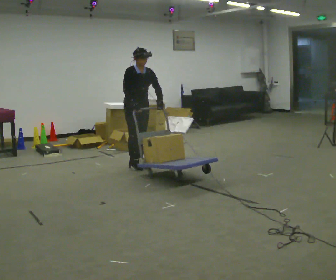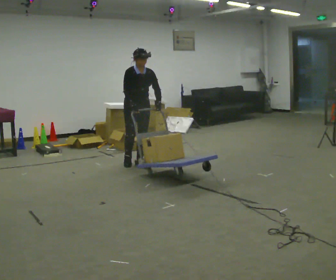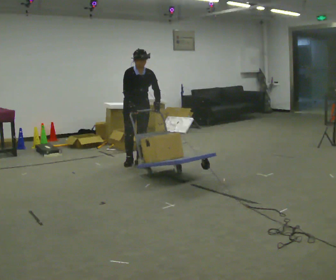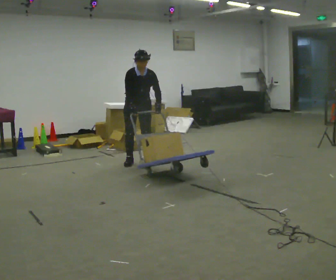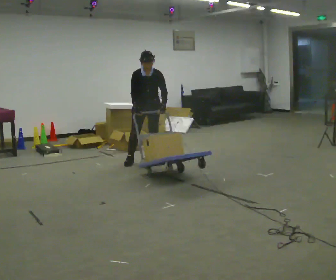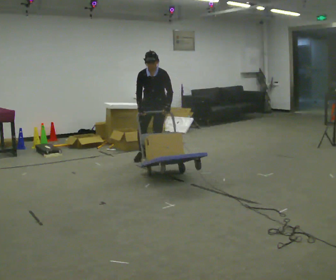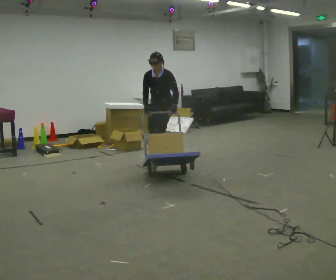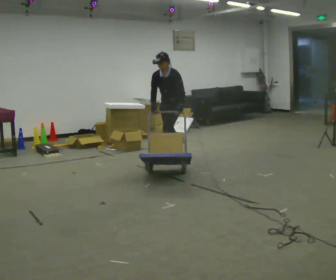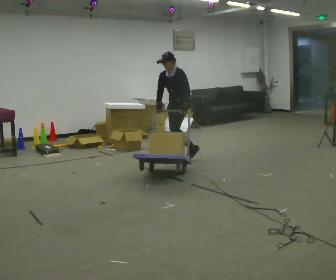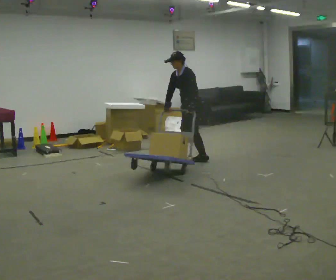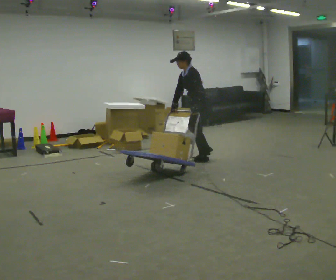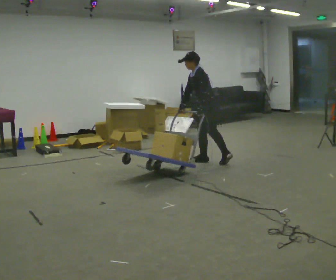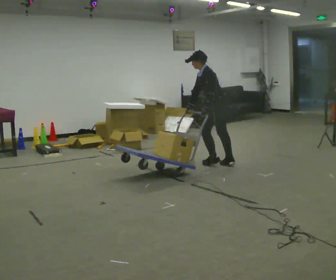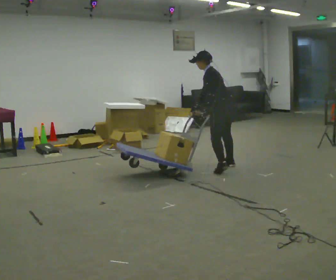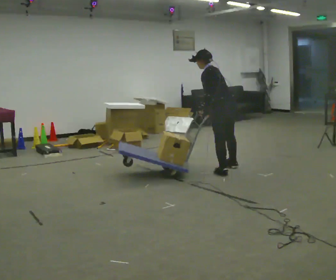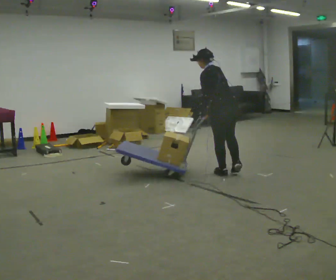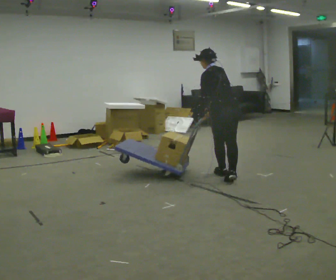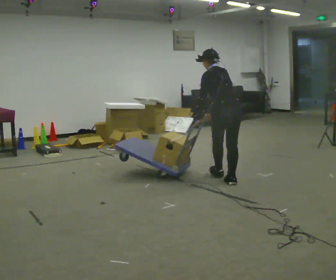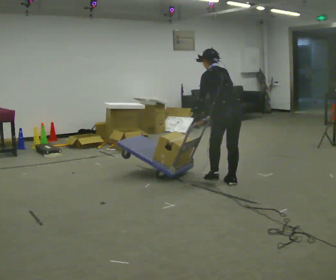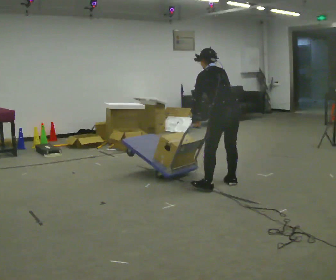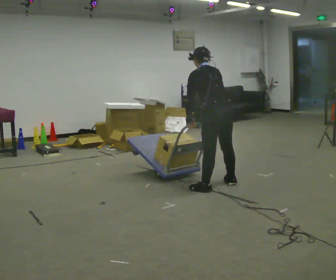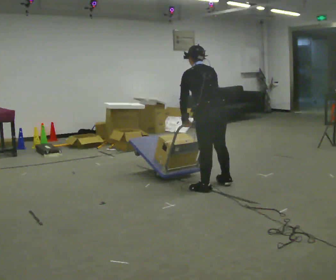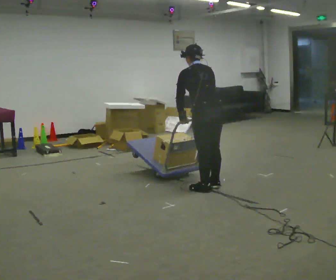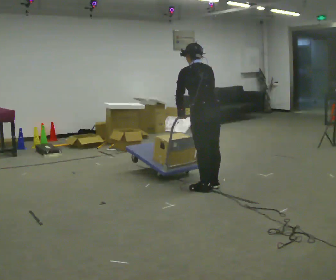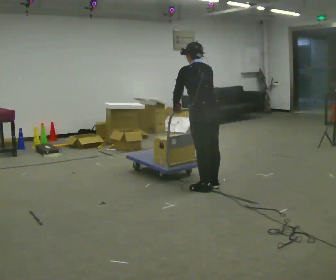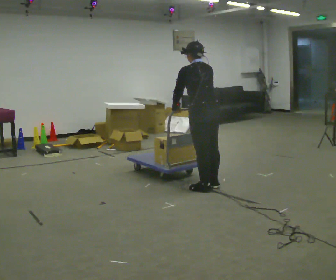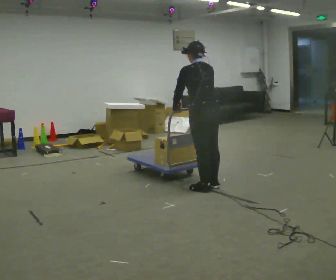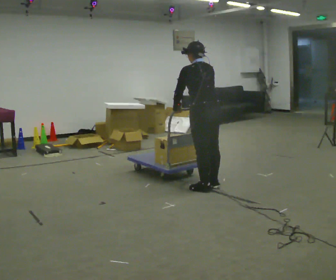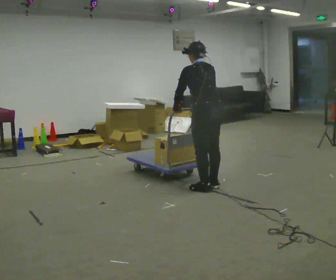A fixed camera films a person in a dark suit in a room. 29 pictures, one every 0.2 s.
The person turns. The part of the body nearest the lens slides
to the left.
The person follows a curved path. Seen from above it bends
clockwise.
0.0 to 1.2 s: Seen from above the body turns clockwise, about 75 degrees: to their right, with its near side sliding to the left. In the picture they go away from the camera and to the right, about 0.5 m in 3 steps.
1.2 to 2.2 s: The part of the body nearest the lens slides to the left as the person turns to their right by about 75 degrees. In the picture they go to the right, about 0.75 m in 2 steps. In the picture the upper body tilts counterclockwise, shoulders to the left.
2.2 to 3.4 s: The part of the body nearest the lens slides to the left as the person turns to their right by about 45 degrees. In the picture they go toward the camera, about 1 m in 3 steps, which for them is backward and to their left. The upper body tips away from the camera, its near side rolling upward.
3.4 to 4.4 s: In the picture they go toward the camera, about 0.5 m in 1 step, which for them is to their left and backward.
4.4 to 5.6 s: The person moves a little, or ends about where they began.
The film runs backward here.
